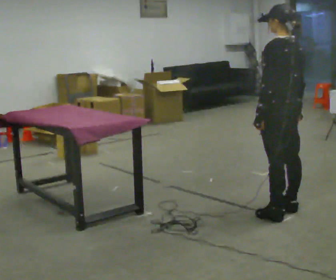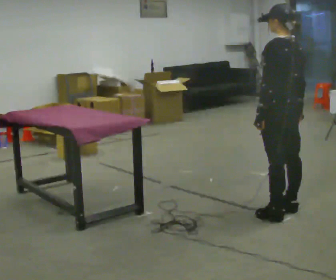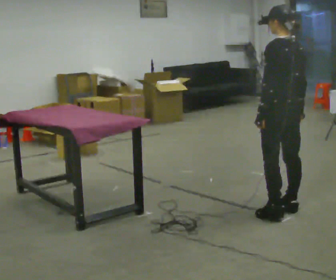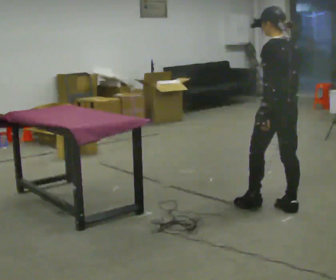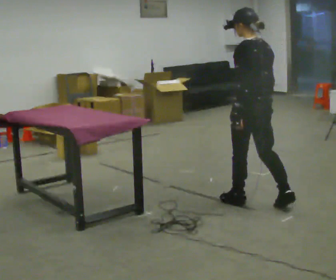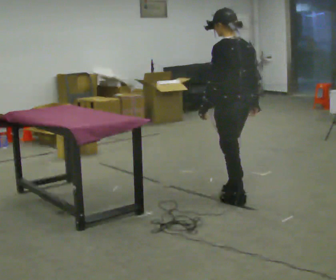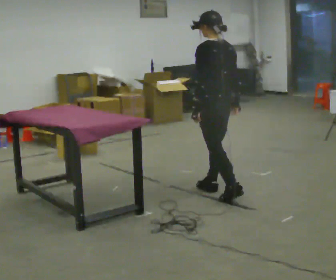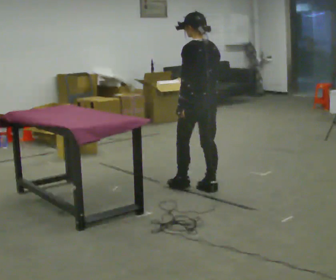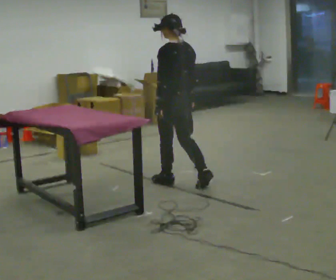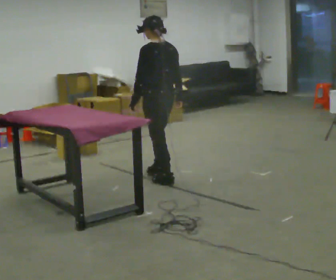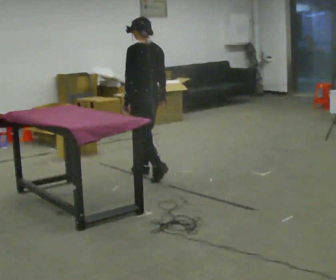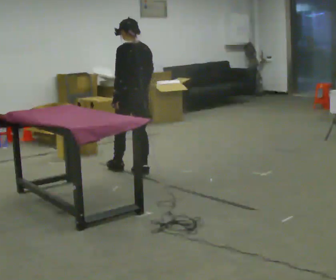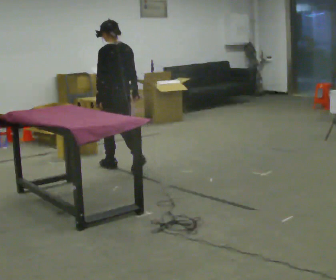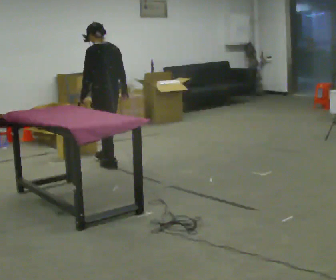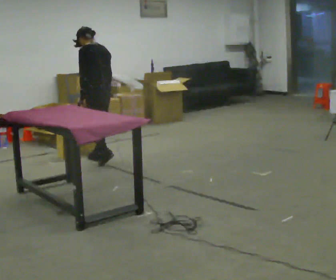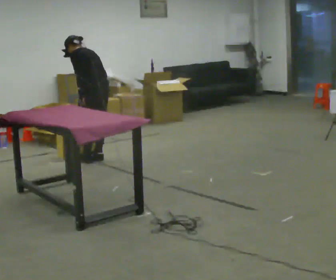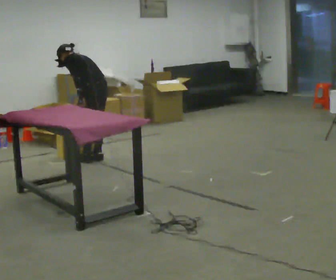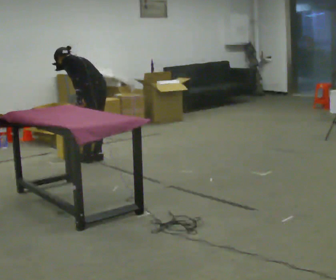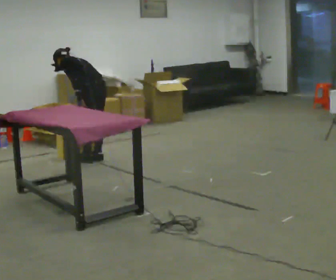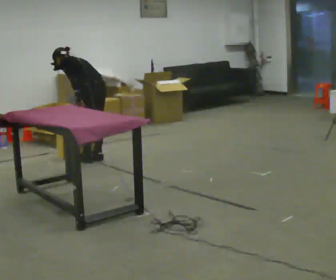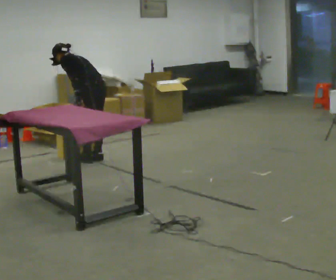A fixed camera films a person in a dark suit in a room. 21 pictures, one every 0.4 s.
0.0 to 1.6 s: In the picture they go away from the camera, about 0.25 m in 1 step, which for them is forward.
1.6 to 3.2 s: In the picture they go away from the camera and to the left, about 1 m in 2 steps, which for them is forward.
3.2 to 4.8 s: In the picture they go away from the camera and to the left, about 1 m in 2 steps, which for them is forward.
4.8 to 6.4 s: In the picture they go away from the camera and to the left, about 0.5 m in 2 steps, which for them is forward. The upper body tips away from the camera, its near side rolling upward, as they bend forward.
6.4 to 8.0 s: The person moves a little, or ends about where they began.
The film runs forward here.
